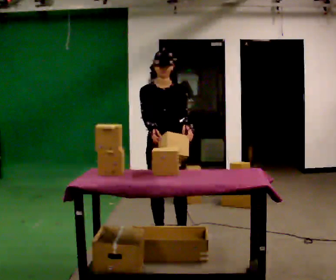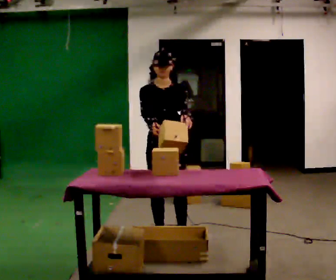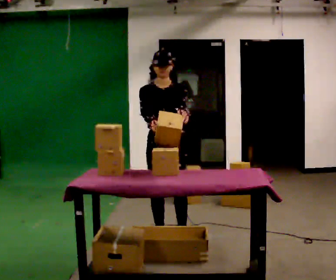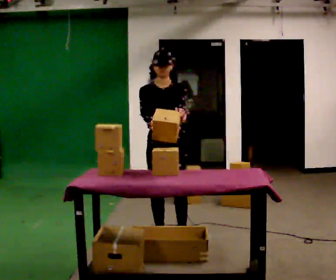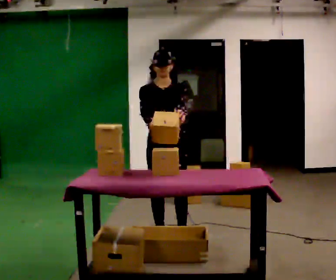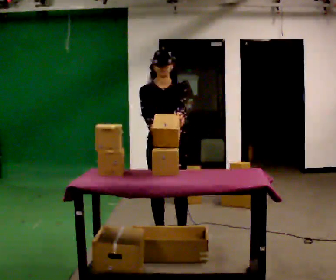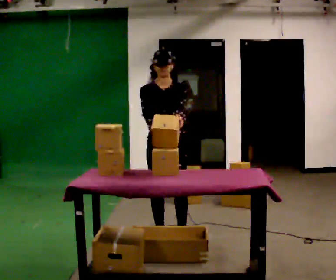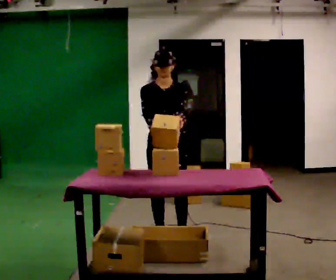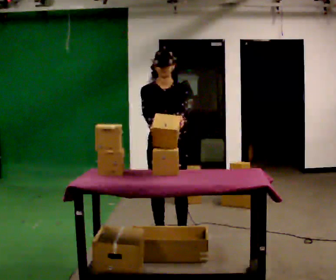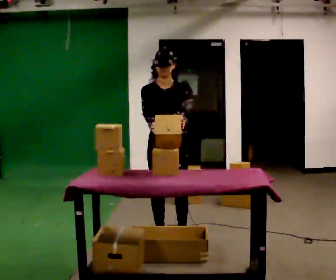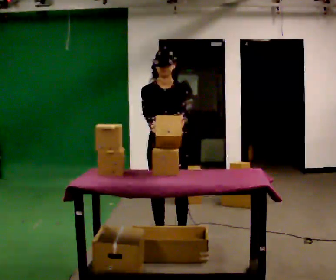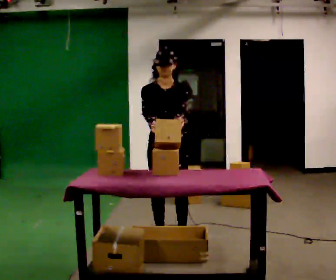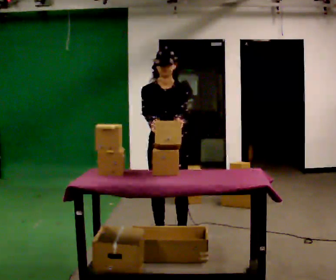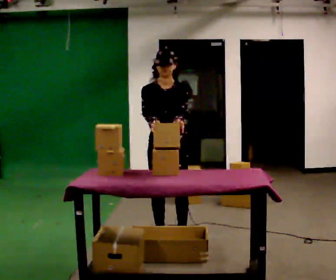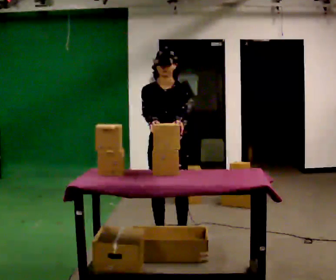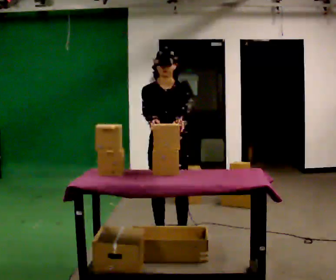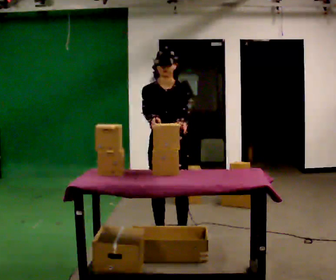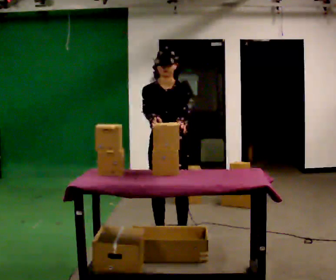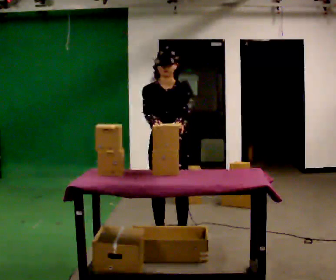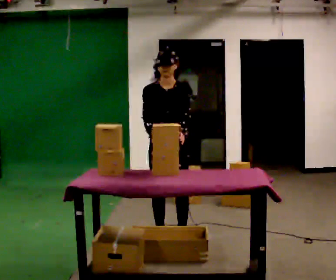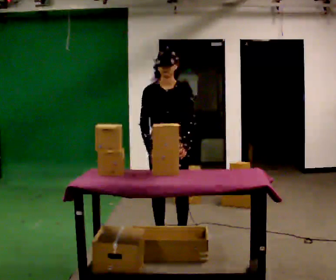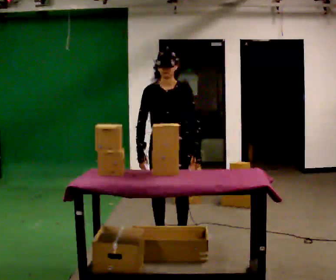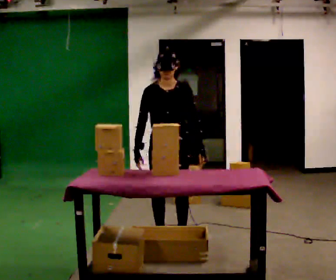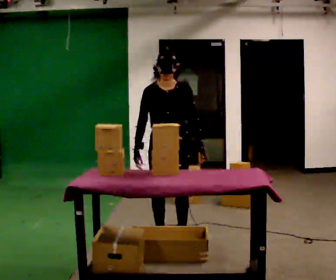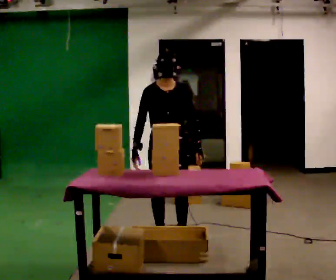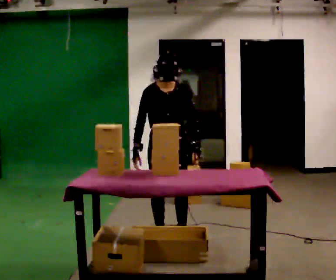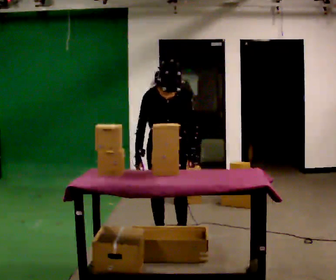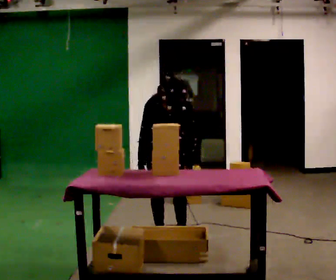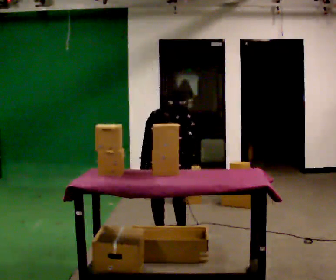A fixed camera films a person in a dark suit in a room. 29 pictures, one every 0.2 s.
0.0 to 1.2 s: The person moves a little, or ends about where they began.
1.2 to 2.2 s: The person keeps their place and pose.
2.2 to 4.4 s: The person moves a little, or ends about where they began.
4.4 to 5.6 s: In the picture they go away from the camera, about 0.25 m, which for them is backward. The upper body goes downward. The upper body tips toward the camera, its near side rolling downward, as they bend forward.
The film runs forward here.
